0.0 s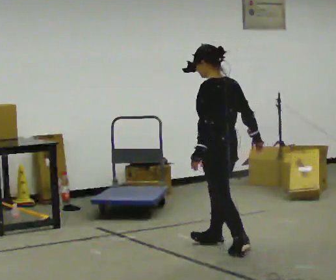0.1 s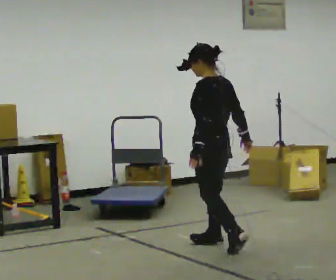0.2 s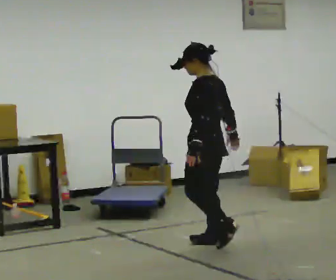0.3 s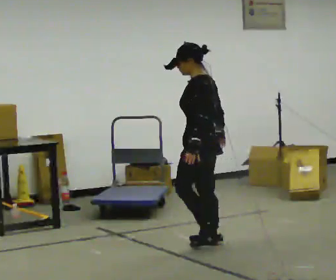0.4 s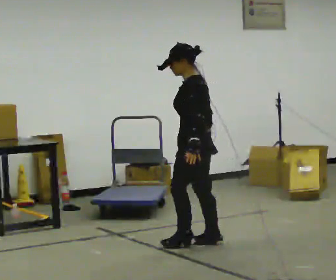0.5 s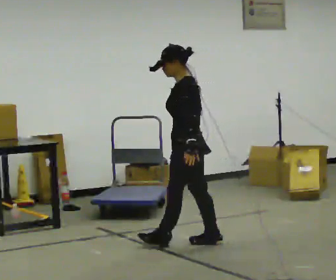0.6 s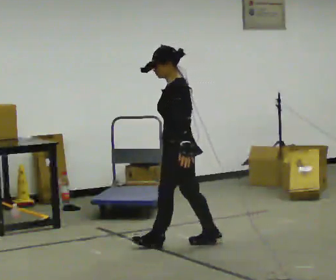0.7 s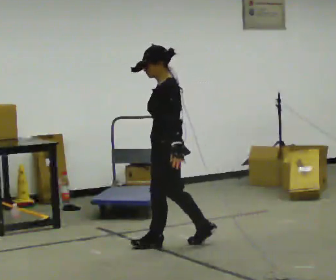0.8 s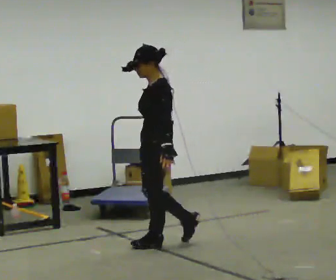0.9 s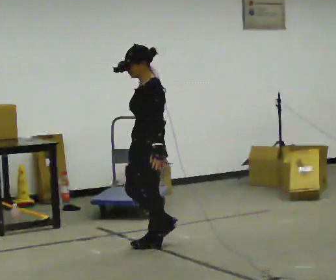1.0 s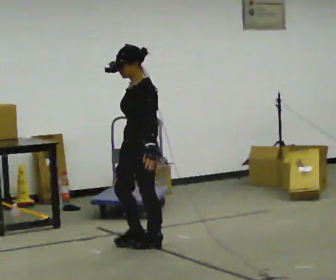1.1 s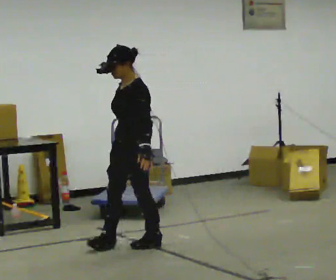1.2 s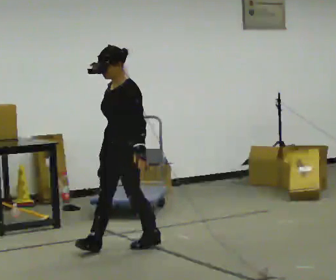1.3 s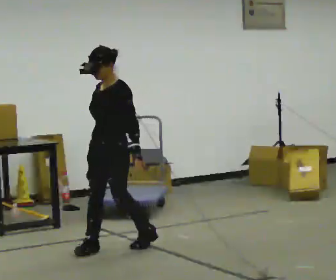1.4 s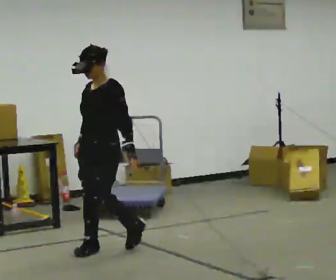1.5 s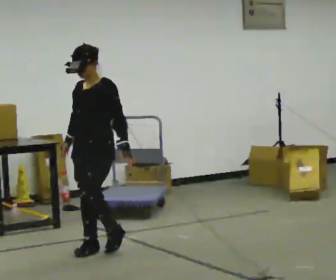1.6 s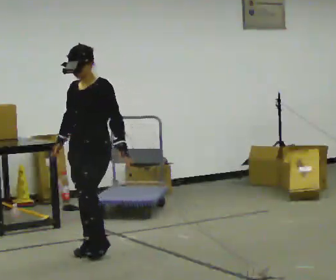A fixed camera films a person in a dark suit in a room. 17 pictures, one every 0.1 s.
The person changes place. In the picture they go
to the left.
The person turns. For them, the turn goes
to their left.
0.0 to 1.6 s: Seen from above the body turns counterclockwise, about 105 degrees: to their left, with its near side sliding to the right. In the picture they go to the left, about 1 m in 2 steps.
The film runs forward here.
